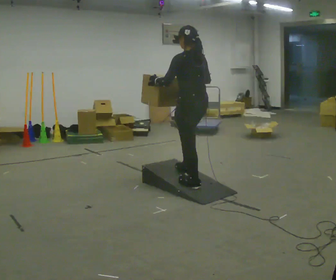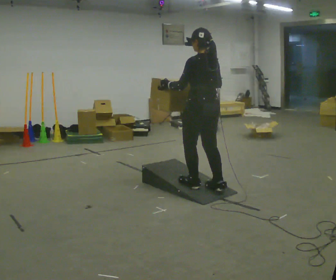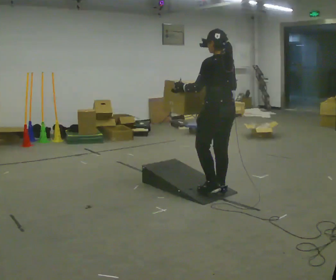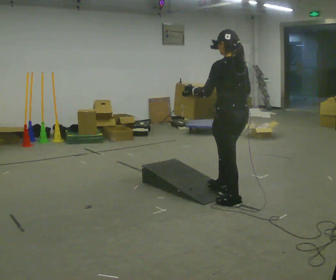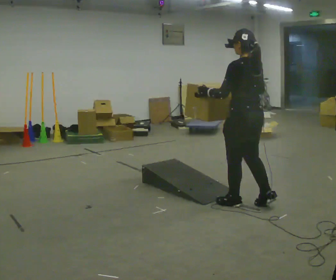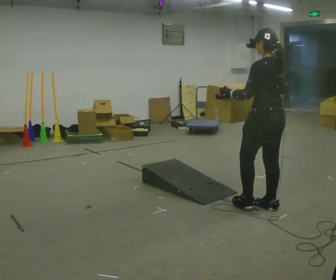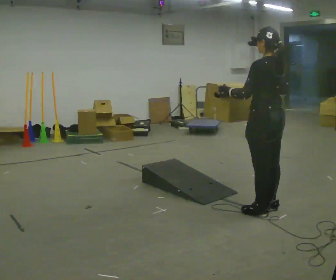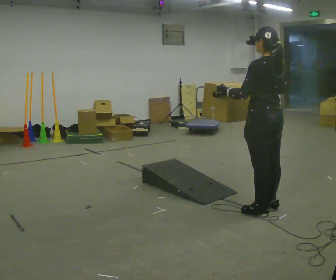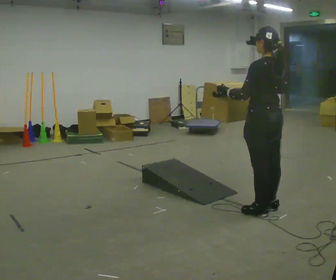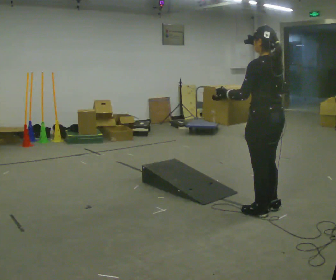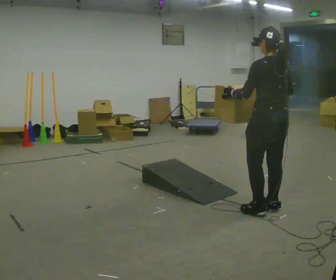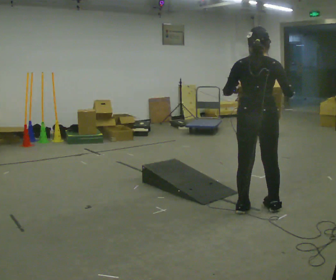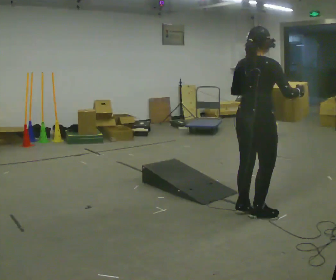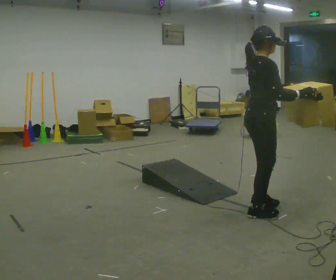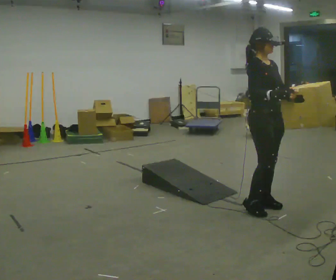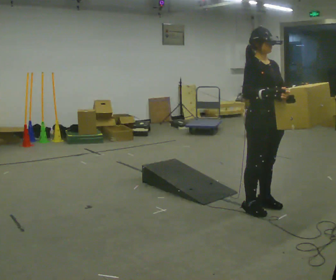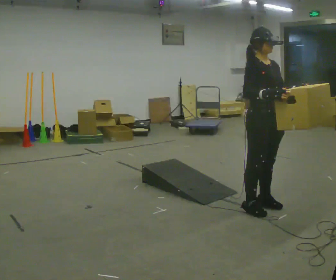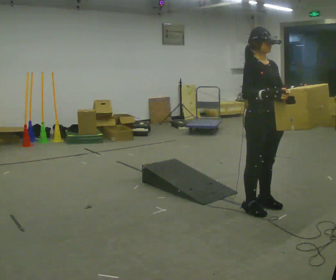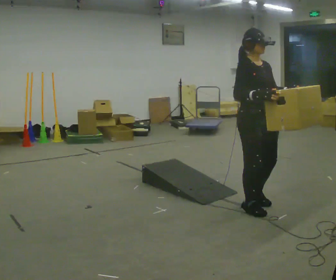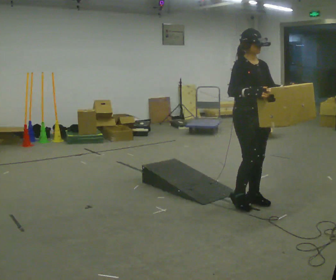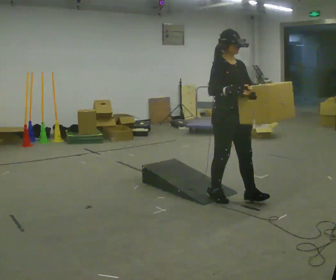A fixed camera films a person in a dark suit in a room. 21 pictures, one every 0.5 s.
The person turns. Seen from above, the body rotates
clockwise.
The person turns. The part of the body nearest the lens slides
to the left.
0.0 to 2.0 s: In the picture they go to the right and toward the camera, about 0.75 m in 2 steps, which for them is backward.
2.0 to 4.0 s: In the picture they go to the right, about 0.25 m in 1 step, which for them is backward.
4.0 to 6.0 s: The part of the body nearest the lens slides to the left as the person turns to their right by about 90 degrees.
6.0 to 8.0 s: The part of the body nearest the lens slides to the left as the person turns to their right by about 90 degrees.
8.0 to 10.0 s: In the picture they go to the left and away from the camera, about 0.25 m in 2 steps, which for them is backward.
The film runs backward here.
